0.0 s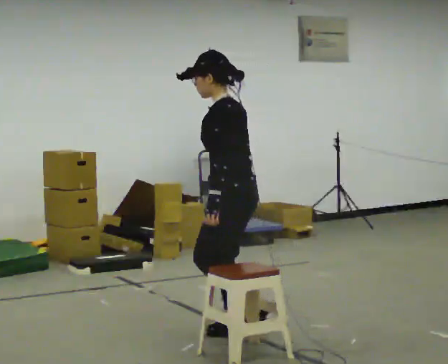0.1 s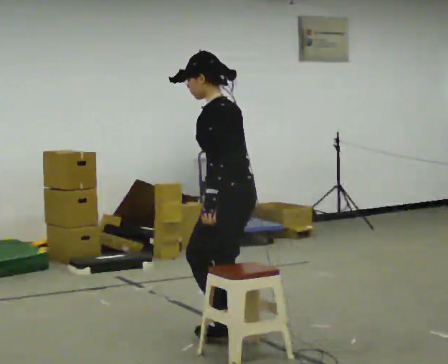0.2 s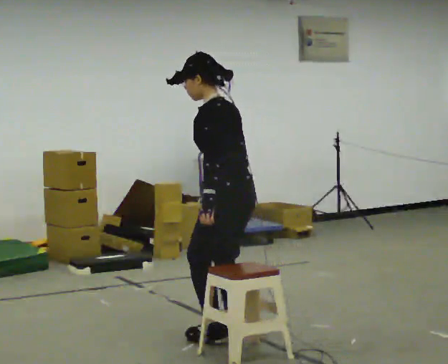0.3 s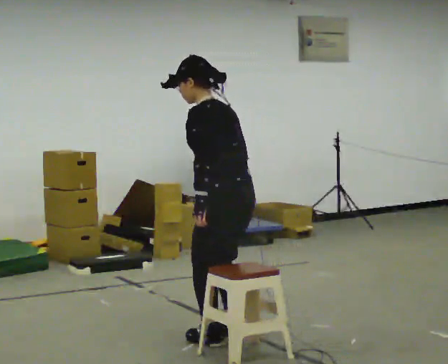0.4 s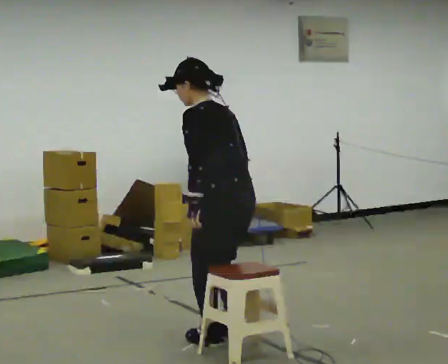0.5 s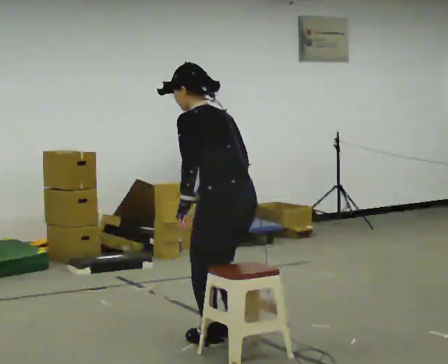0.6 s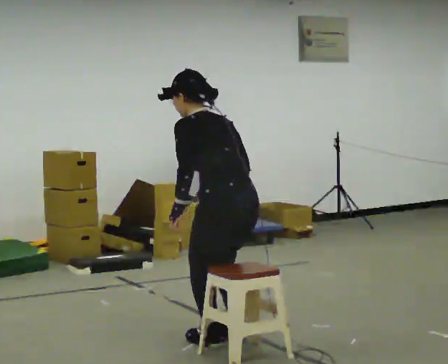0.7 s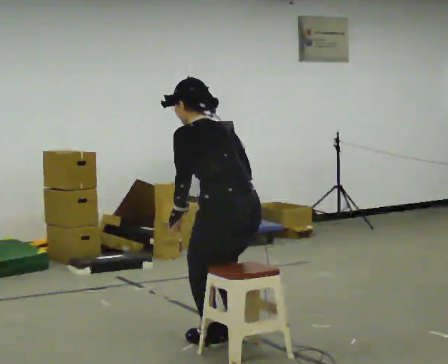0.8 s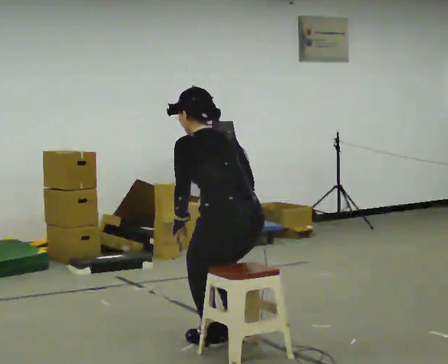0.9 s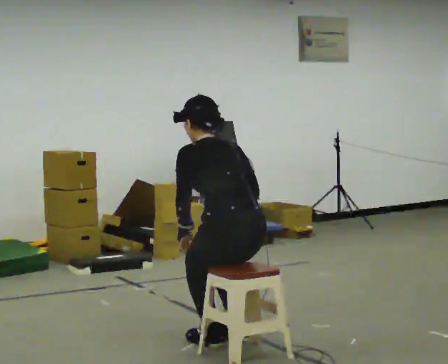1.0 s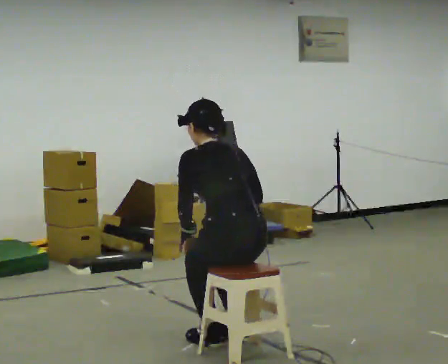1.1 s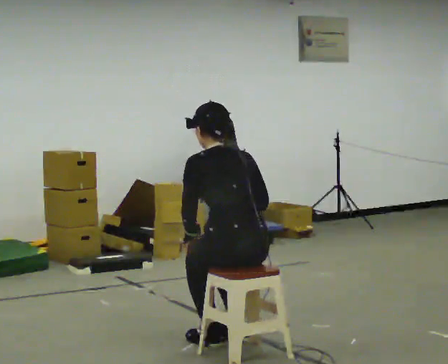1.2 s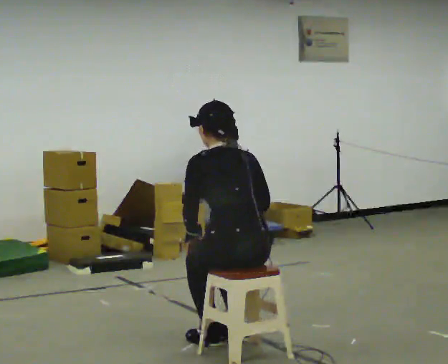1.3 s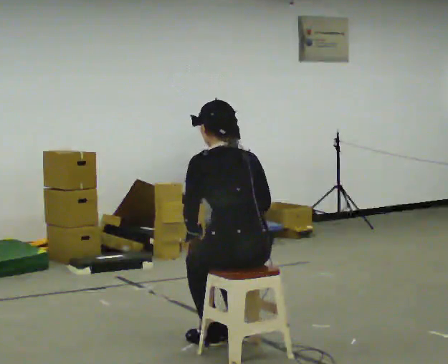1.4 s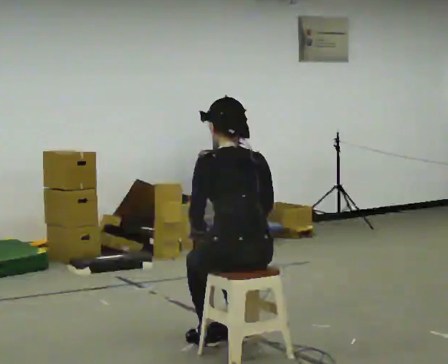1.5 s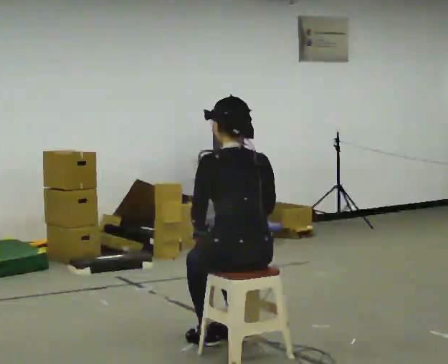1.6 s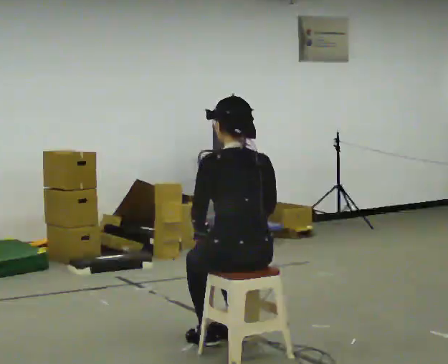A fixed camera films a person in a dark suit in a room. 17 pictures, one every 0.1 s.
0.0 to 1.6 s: The person turns about 45 degrees to their right, clockwise seen from above, so the part of the body nearest the lens slides to the left. In the picture they go toward the camera, about 0.25 m in 1 step, which for them is backward and to their left. The upper body goes downward.
The film runs forward here.
